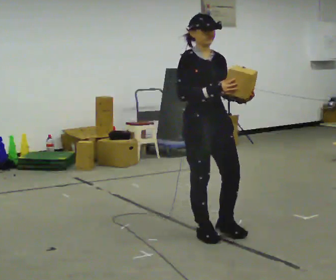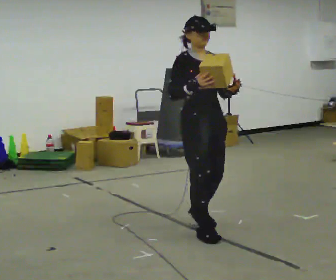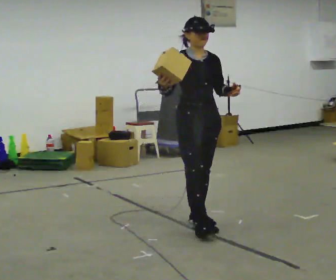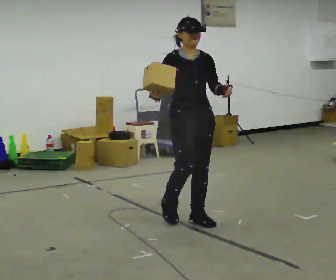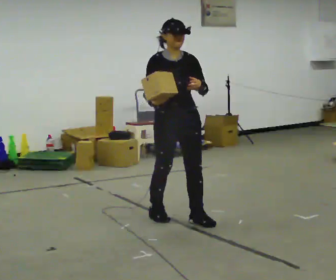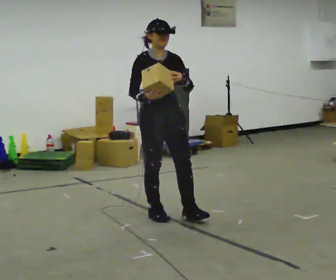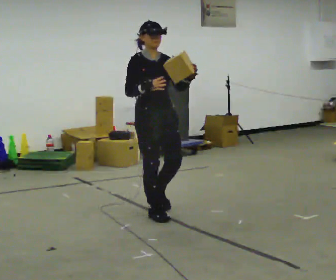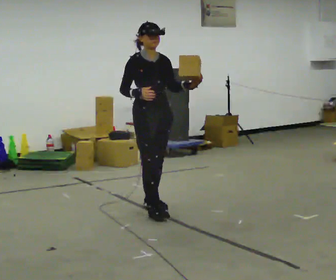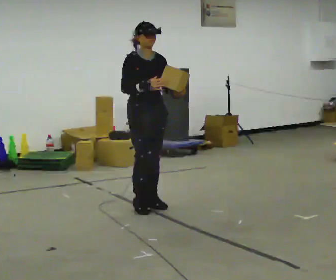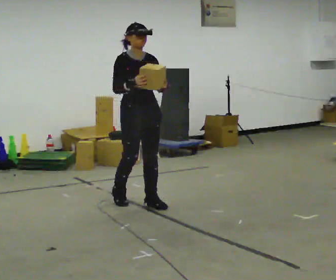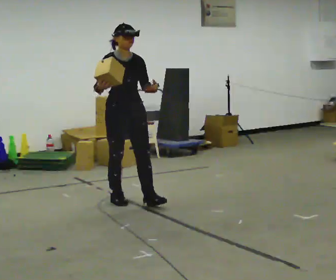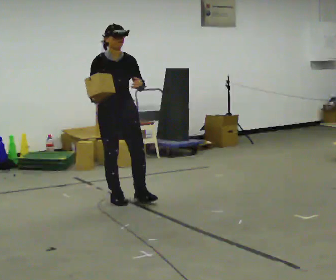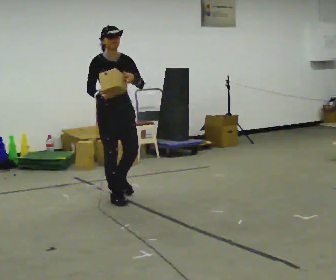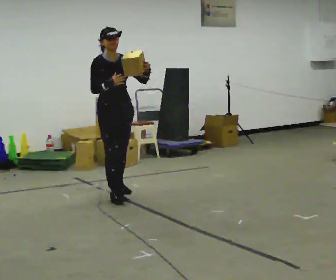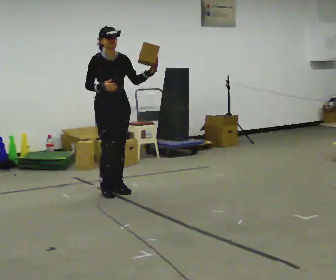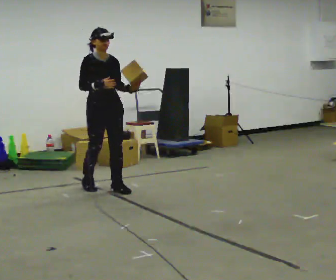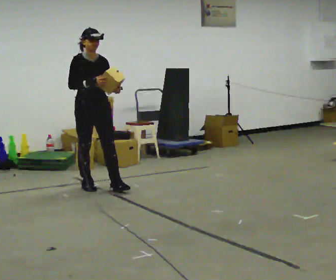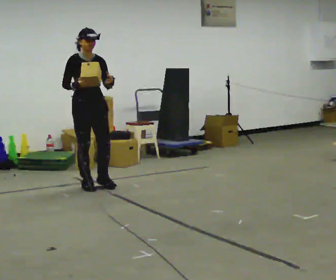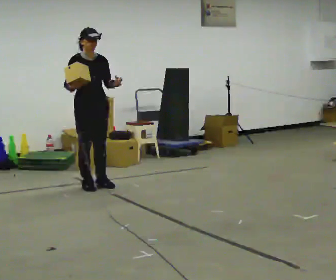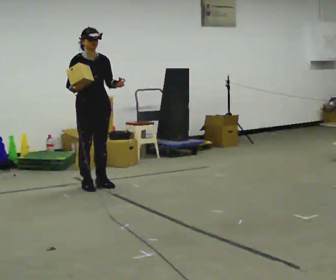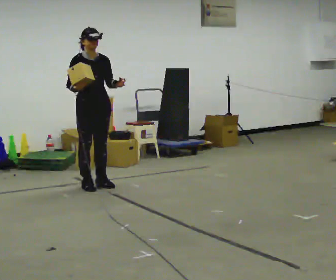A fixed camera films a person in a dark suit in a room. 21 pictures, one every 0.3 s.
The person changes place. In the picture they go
away from the camera.
0.0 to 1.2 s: In the picture they go away from the camera and to the left, about 0.5 m in 1 step, which for them is backward.
1.2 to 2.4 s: In the picture they go away from the camera and to the left, about 0.5 m in 2 steps, which for them is backward.
2.4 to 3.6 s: In the picture they go to the left and away from the camera, about 0.5 m in 1 step, which for them is backward and to their right.
3.6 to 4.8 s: In the picture they go away from the camera and to the left, about 0.5 m in 1 step, which for them is backward.
4.8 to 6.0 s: The person moves a little, or ends about where they began.
The film runs backward here.
